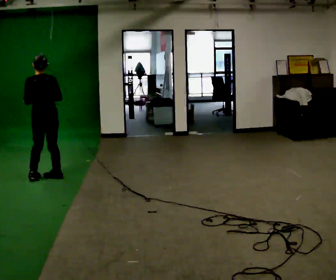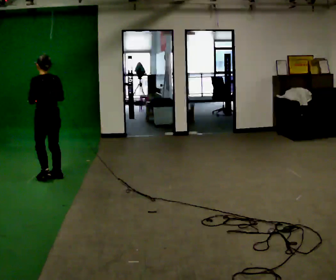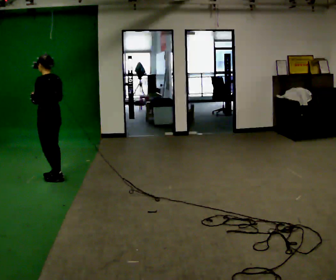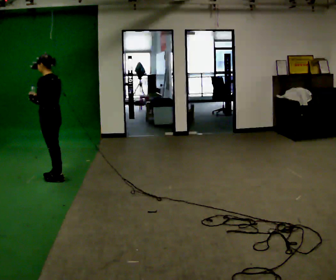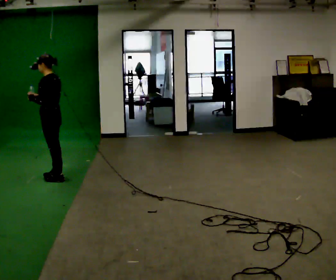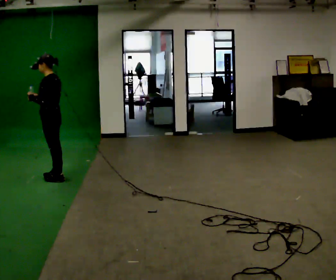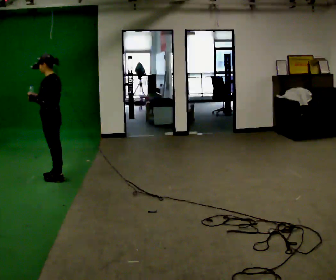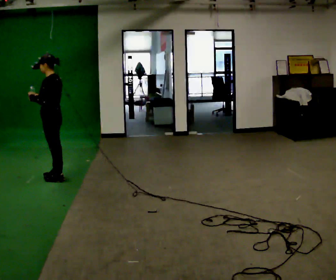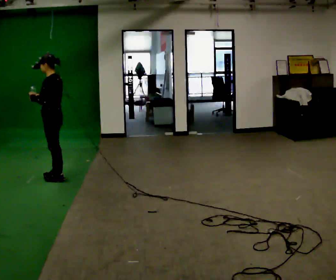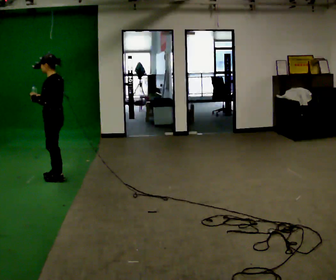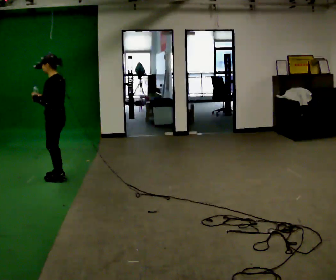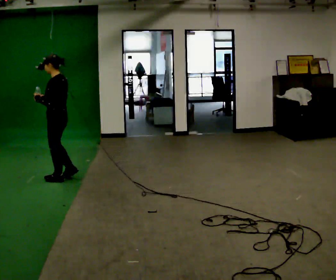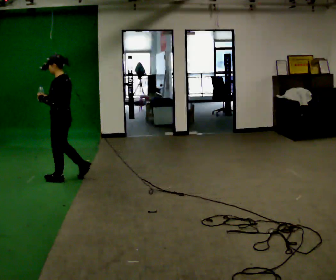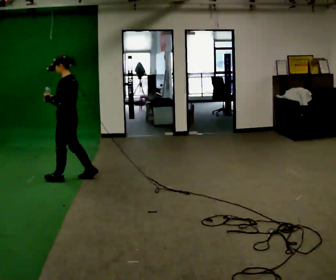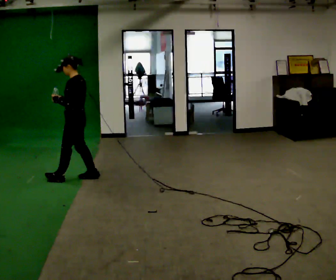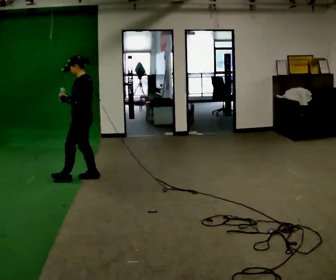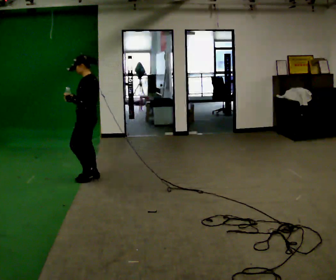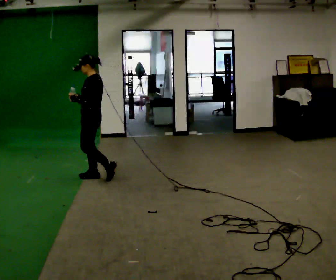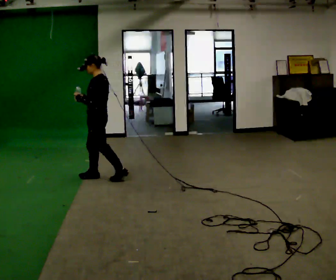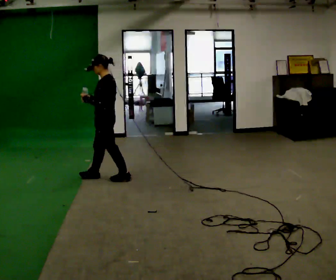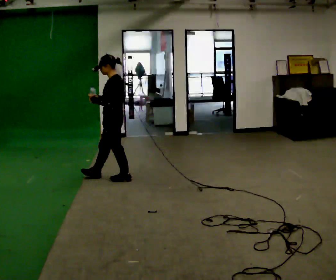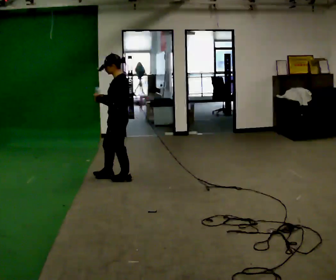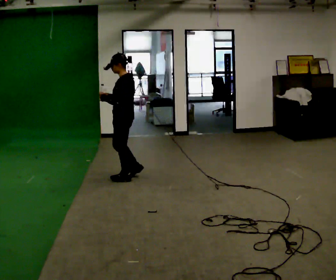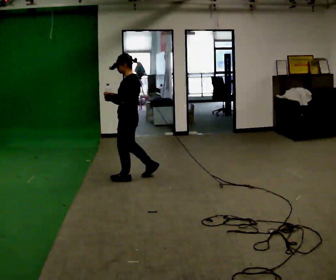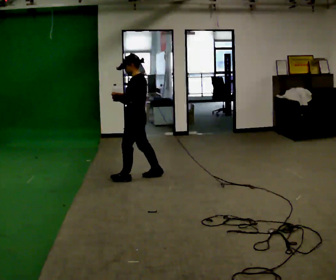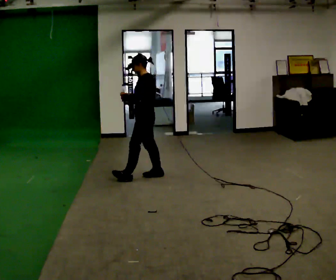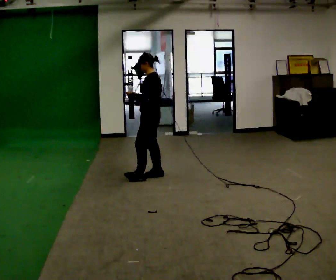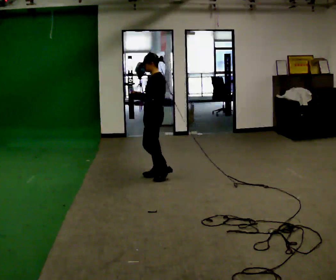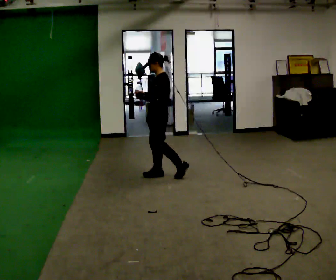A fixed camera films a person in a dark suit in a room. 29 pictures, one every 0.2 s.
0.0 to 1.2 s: Seen from above the body turns counterclockwise, about 60 degrees: to their left, with its near side sliding to the right.
1.2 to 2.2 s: The person moves a little, or ends about where they began.
2.2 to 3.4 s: In the picture they go to the right, about 0.5 m in 1 step, which for them is backward.
3.4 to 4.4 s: In the picture they go to the right and toward the camera, about 0.5 m in 1 step, which for them is backward.
4.4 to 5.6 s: In the picture they go to the right, about 0.5 m in 1 step, which for them is backward.
The film runs backward here.
